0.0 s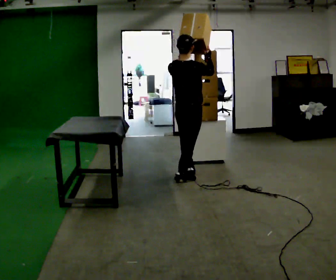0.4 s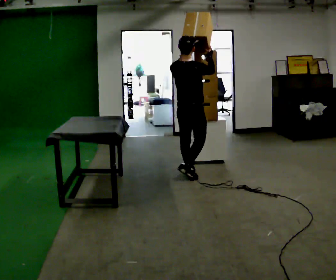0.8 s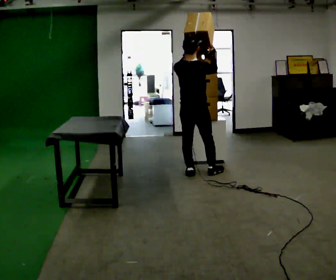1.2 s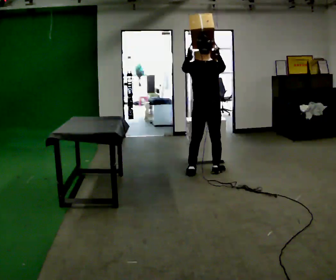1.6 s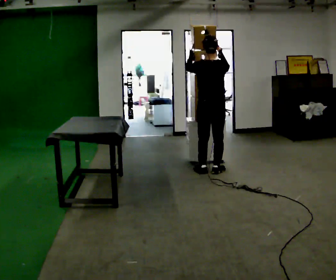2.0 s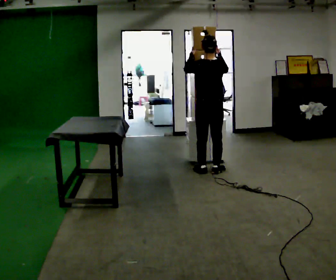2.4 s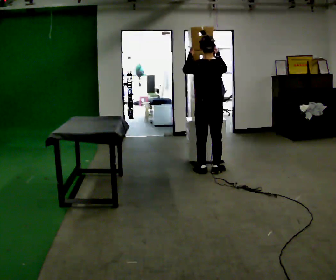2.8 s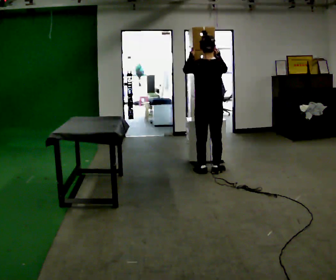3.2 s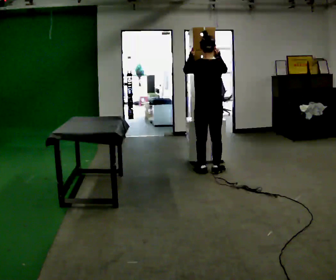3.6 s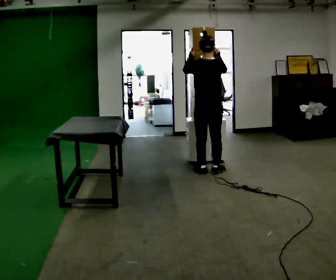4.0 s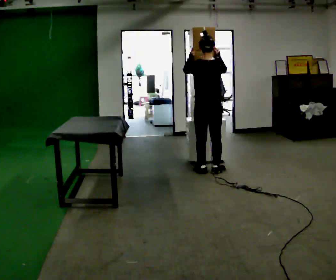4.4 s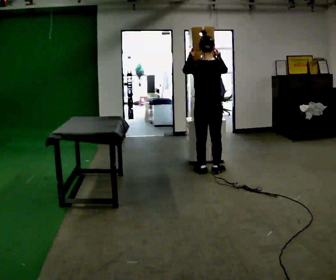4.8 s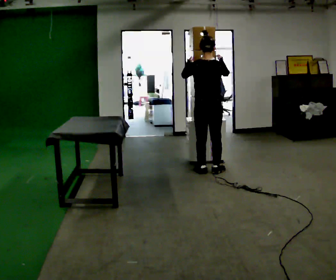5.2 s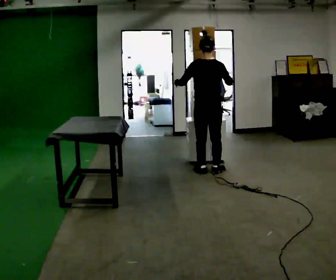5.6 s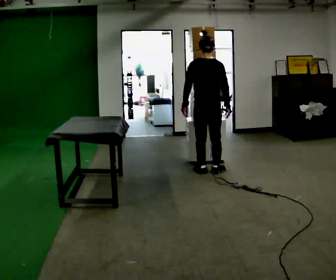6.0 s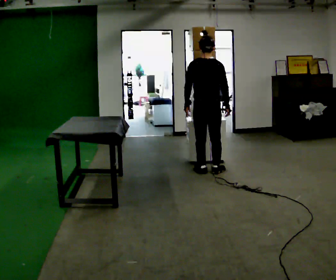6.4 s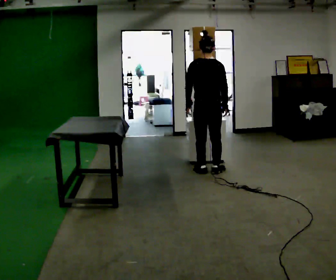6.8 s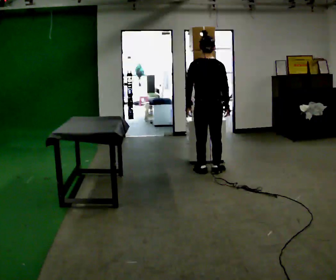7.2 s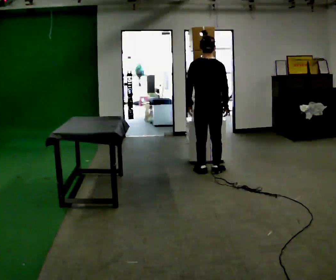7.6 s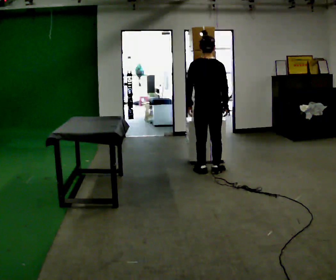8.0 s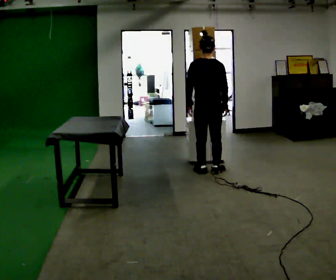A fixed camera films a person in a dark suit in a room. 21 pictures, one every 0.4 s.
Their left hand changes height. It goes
downward.
Their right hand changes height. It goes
downward.
0.0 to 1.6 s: The person turns about 30 degrees to their left, counterclockwise seen from above, so the part of the body nearest the lens slides to the right. In the picture they go to the right and away from the camera, about 0.5 m in 2 steps, which for them is forward and to their right.
1.6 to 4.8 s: The person moves a little, or ends about where they began.
4.8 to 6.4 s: In the picture their right hand goes downward.
6.4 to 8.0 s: The person moves a little, or ends about where they began.
The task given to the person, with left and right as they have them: Reach up into the bin on the top shelf, take out one object at a time, and carry it to the table. Keep going until the operator says stop; one object at a time, and do not rush between trips.
The film runs forward here.
